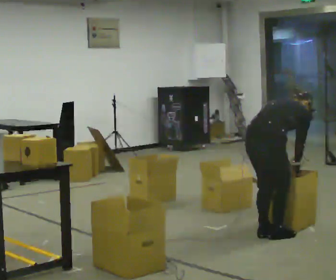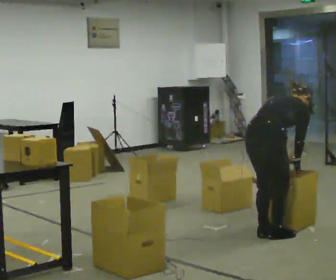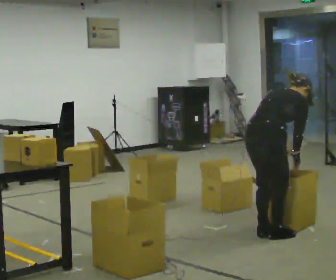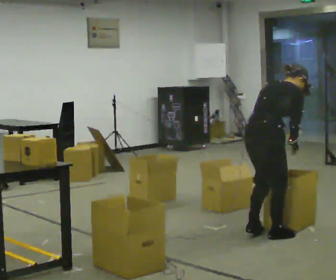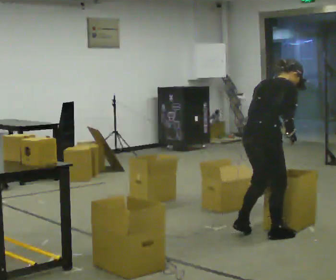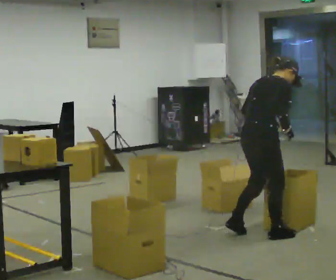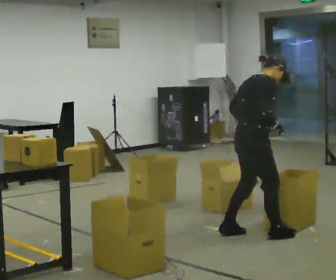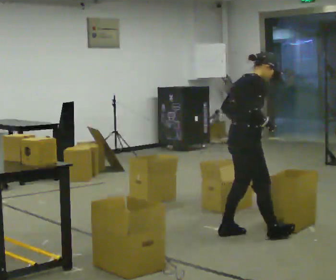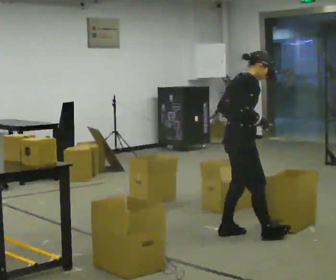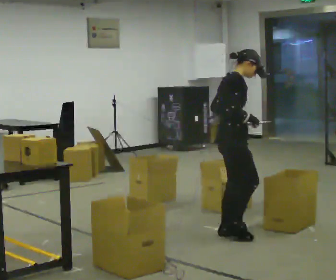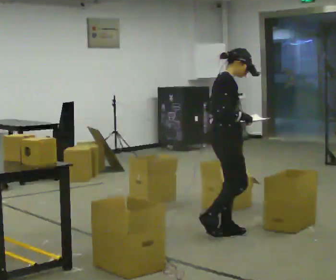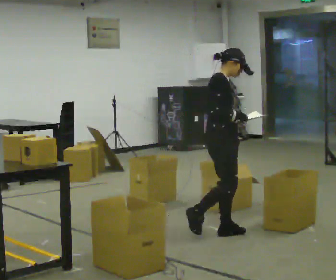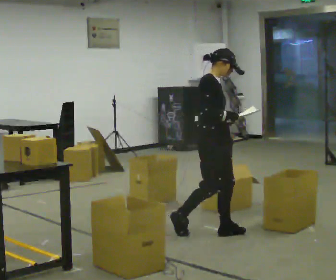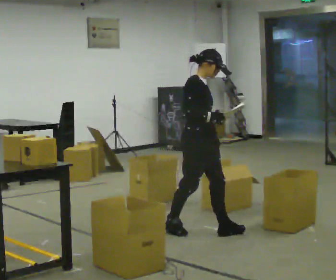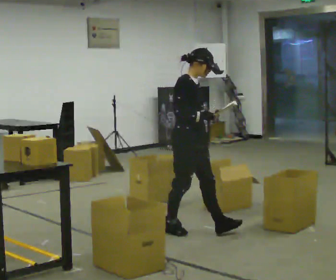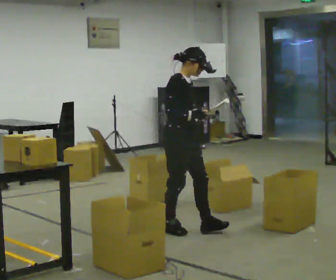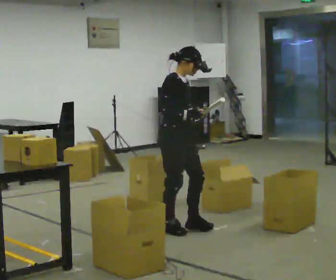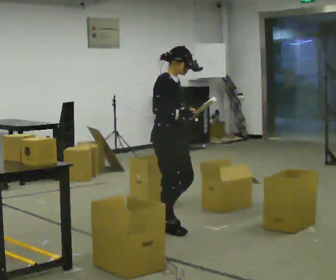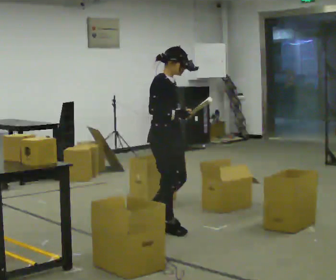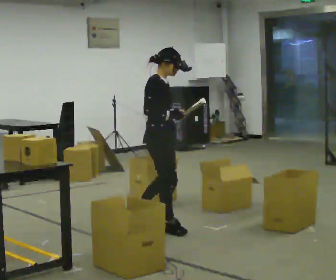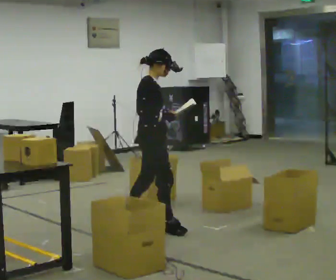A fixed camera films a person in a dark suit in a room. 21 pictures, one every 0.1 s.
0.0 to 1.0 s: The part of the body nearest the lens slides to the left as the person turns to their right by about 45 degrees. In the picture they go to the left and away from the camera, about 0.5 m in 2 steps, which for them is to their left and backward. The shoulders move upward. The upper body tips toward the camera, its near side rolling downward, as they lean back or straighten. In the picture their right hand goes upward.
1.0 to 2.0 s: In the picture they go to the left, about 0.75 m in 1 step, which for them is backward.
The film runs backward here.
